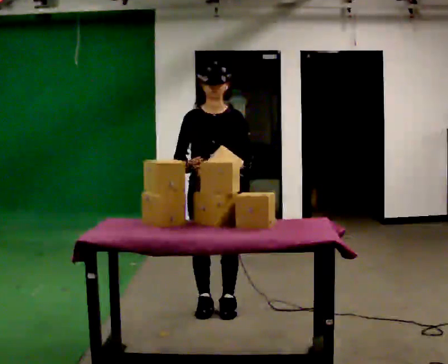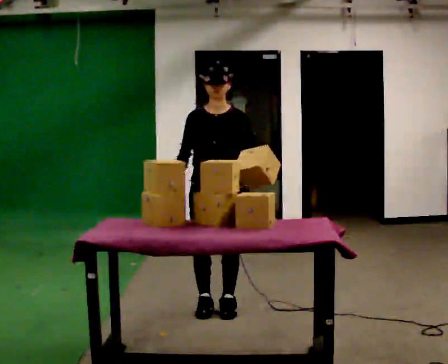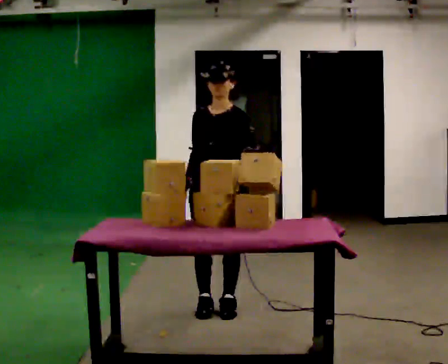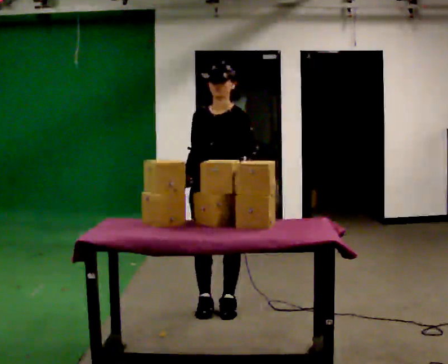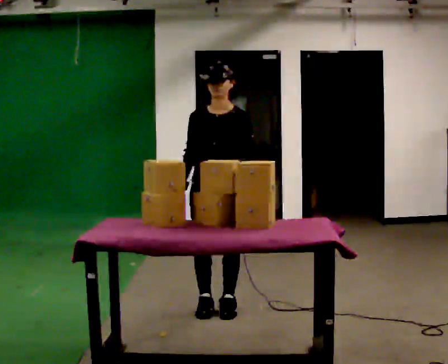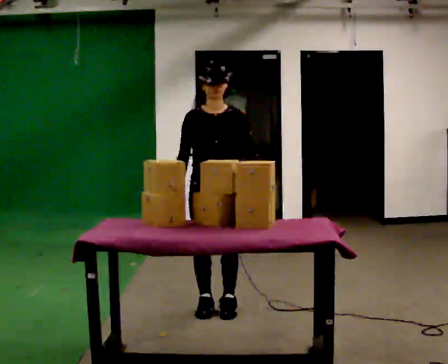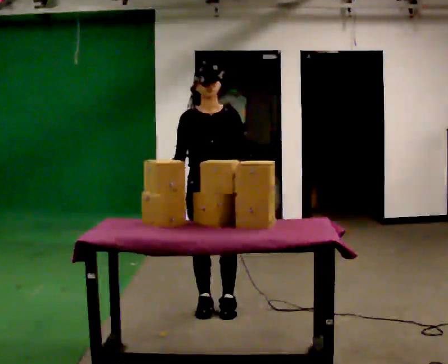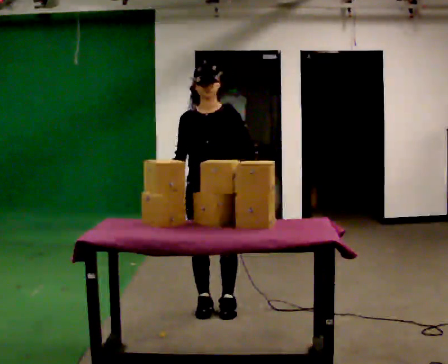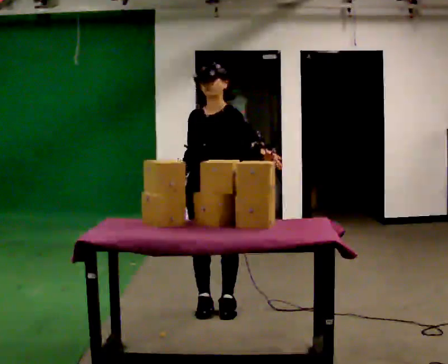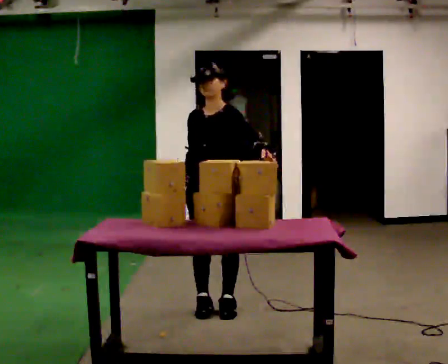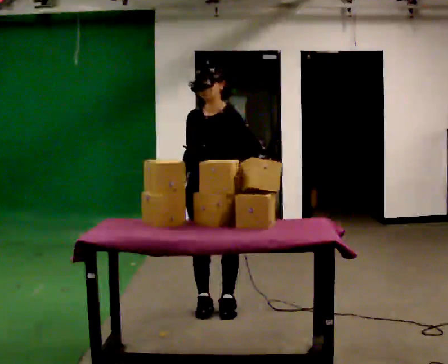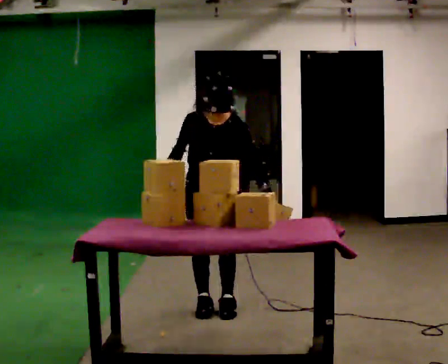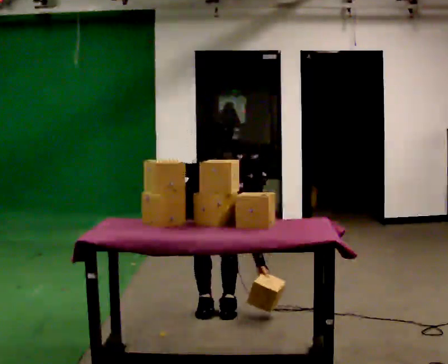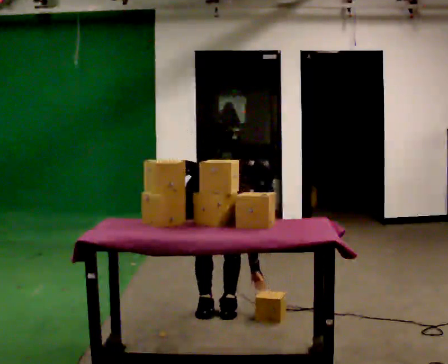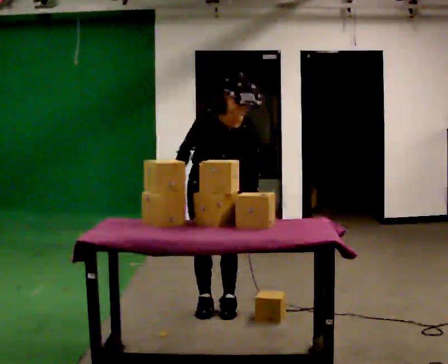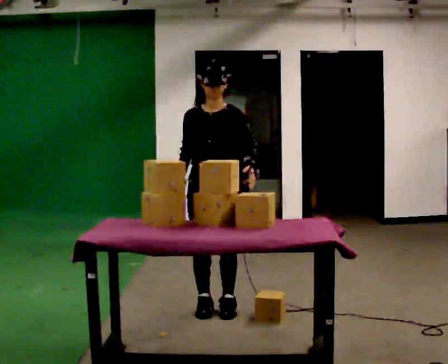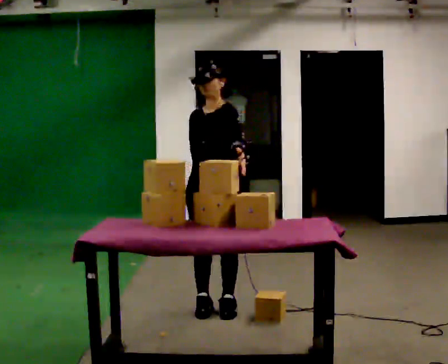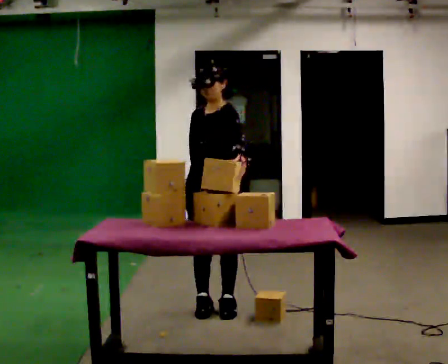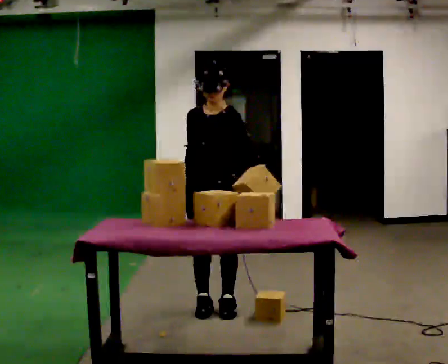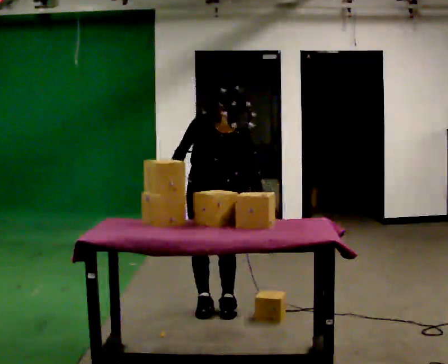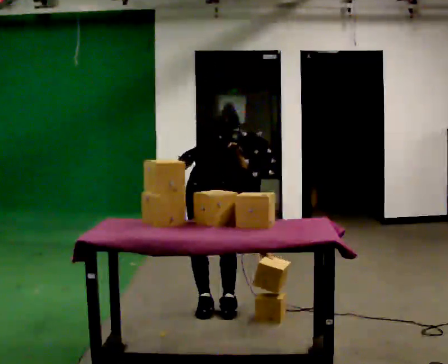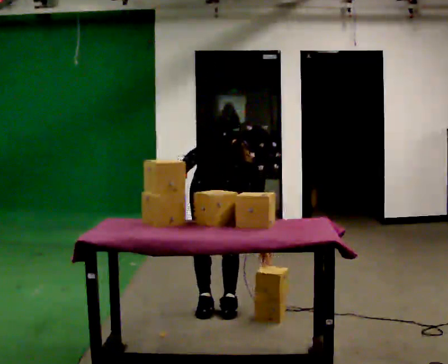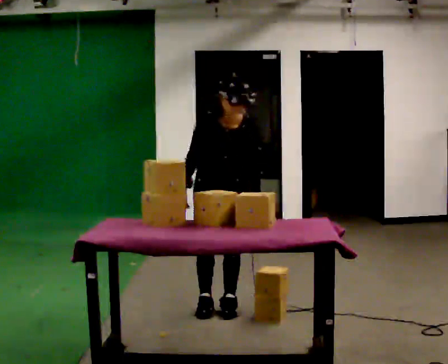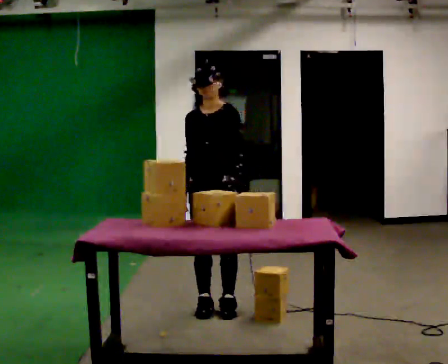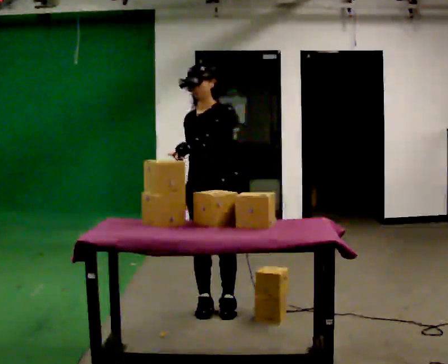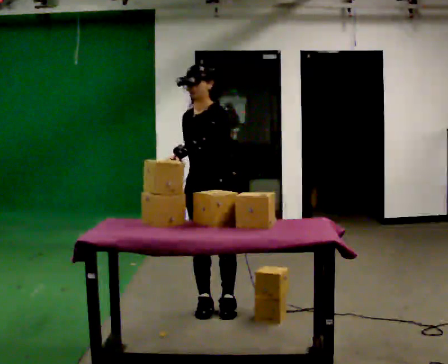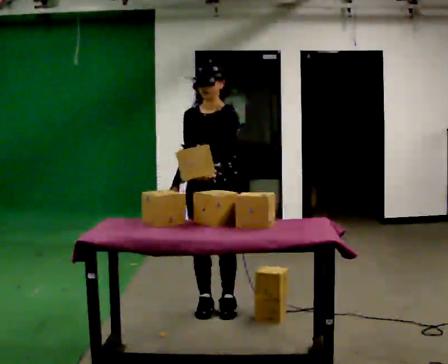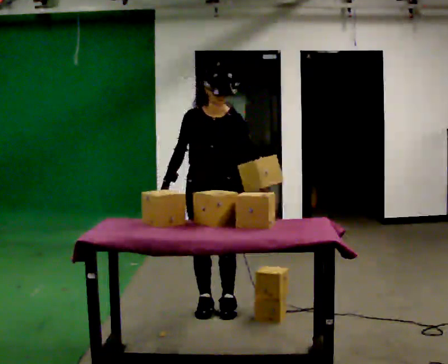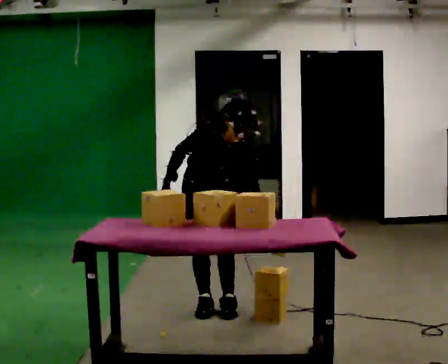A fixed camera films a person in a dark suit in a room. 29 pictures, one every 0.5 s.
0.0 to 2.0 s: The person moves a little, or ends about where they began.
2.0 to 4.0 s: In the picture their left hand goes upward.
4.0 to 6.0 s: The part of the body nearest the lens slides to the right as the person turns to their left by about 45 degrees. In the picture they go away from the camera, about 0.25 m, which for them is to their right and backward. The upper body goes downward. The upper body tips toward the camera, its near side rolling downward, as they bend forward. In the picture their left hand goes downward.
6.0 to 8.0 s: Seen from above the body turns clockwise, about 60 degrees: to their right, with its near side sliding to the left. In the picture they go toward the camera, about 0.25 m, which for them is forward. The shoulders move upward. The upper body tips away from the camera, its near side rolling upward, as they lean back or straighten. In the picture their left hand goes upward.
8.0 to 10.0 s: Seen from above the body turns counterclockwise, about 45 degrees: to their left, with its near side sliding to the right. In the picture they go away from the camera, about 0.25 m, which for them is backward. The upper body goes downward. The upper body tips toward the camera, its near side rolling downward, as they bend forward. In the picture their left hand goes downward.
10.0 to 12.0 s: The part of the body nearest the lens slides to the left as the person turns to their right by about 45 degrees. In the picture they go toward the camera, about 0.25 m, which for them is forward. The shoulders move upward. The upper body tips away from the camera, its near side rolling upward, as they lean back or straighten. In the picture their left hand goes upward and to the left.
12.0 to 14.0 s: Seen from above the body turns counterclockwise, about 45 degrees: to their left, with its near side sliding to the right. In the picture the upper body tilts clockwise, shoulders to the right, as they bend forward. In the picture their left hand goes downward and to the right.
The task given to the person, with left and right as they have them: Pick an object up off the floor at your feet and place it on the waist-height shelf in front of you. Repeat at your own pace until the operator says stop. Keep both feet on the marked spots for the whole take. If you have to step, stop and tell the operator.
The film runs forward here.
